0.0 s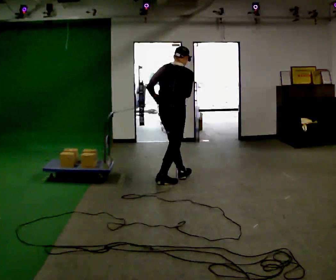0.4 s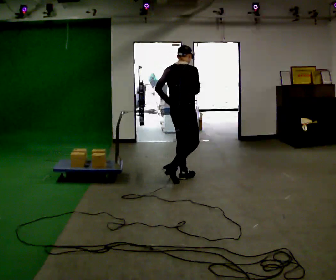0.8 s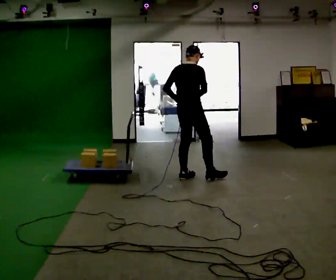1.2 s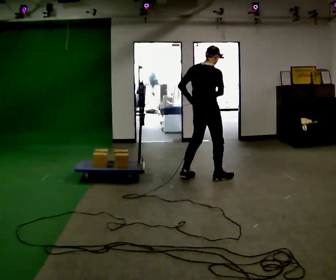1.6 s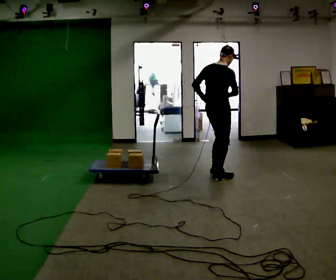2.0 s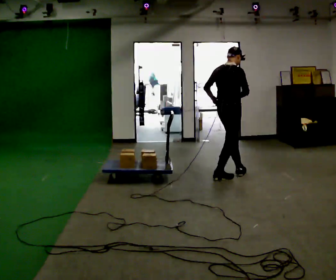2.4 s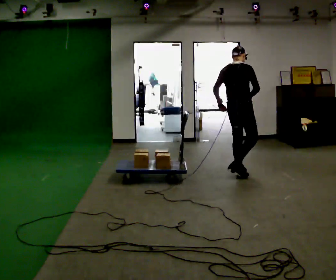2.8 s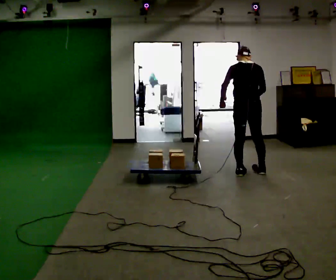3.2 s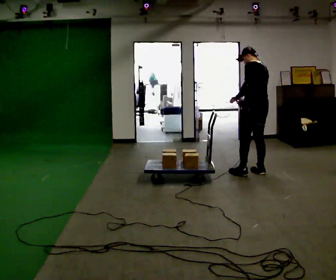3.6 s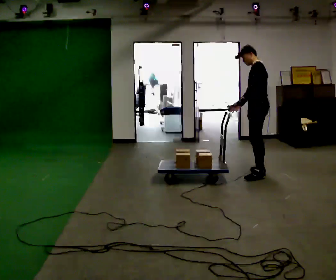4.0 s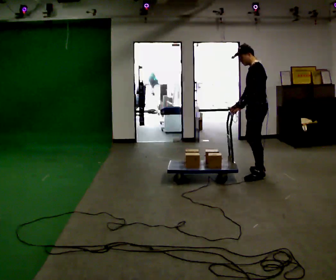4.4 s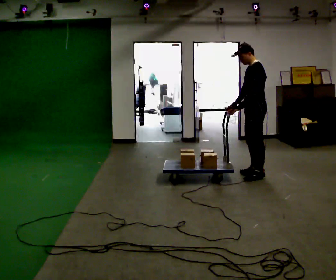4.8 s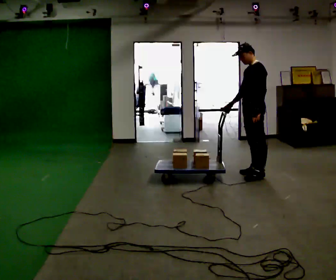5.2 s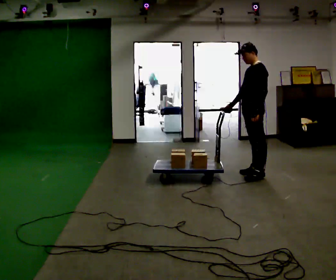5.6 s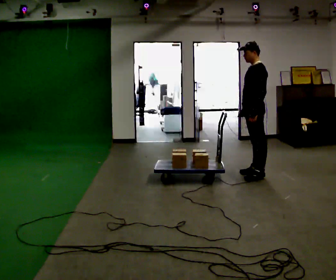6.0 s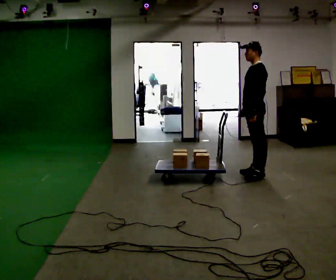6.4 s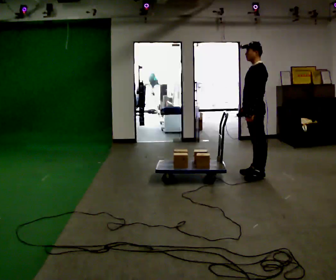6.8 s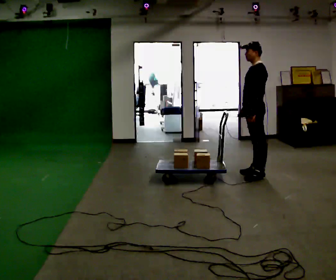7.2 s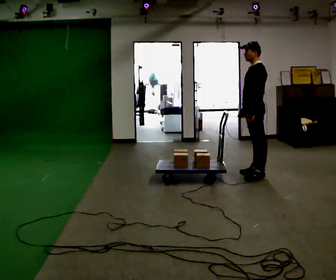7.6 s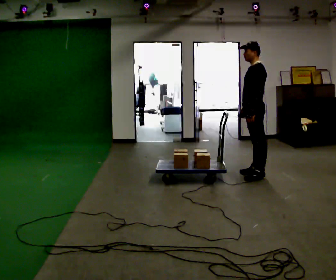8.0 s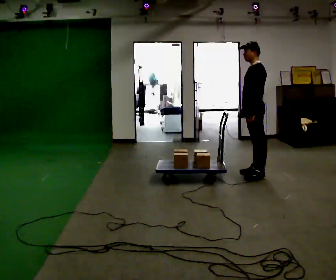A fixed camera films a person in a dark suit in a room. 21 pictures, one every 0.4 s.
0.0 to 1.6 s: In the picture they go to the right, about 0.5 m in 1 step, which for them is forward and to their right.
1.6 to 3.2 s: Seen from above the body turns counterclockwise, about 90 degrees: to their left, with its near side sliding to the right. In the picture they go to the right, about 0.5 m in 2 steps. The upper body tips away from the camera, its near side rolling upward.
3.2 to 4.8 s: The person turns about 60 degrees to their left, counterclockwise seen from above, so the part of the body nearest the lens slides to the right.
4.8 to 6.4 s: The person moves a little, or ends about where they began.
6.4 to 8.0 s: The person keeps their place and pose.
The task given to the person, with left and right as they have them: Drag the sled across the room. The bags on it are loose and will move about as it goes. The operator will log the load and the peak reading on the scale for every take.
The film runs forward here.
